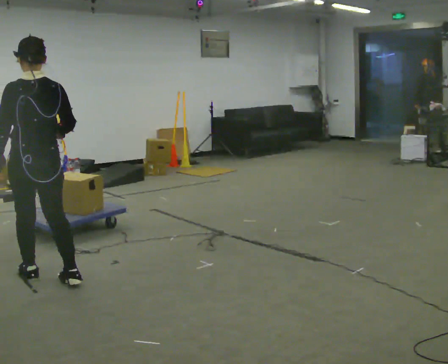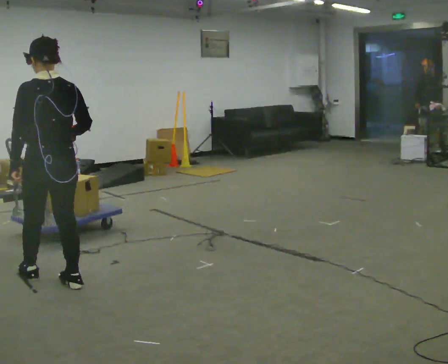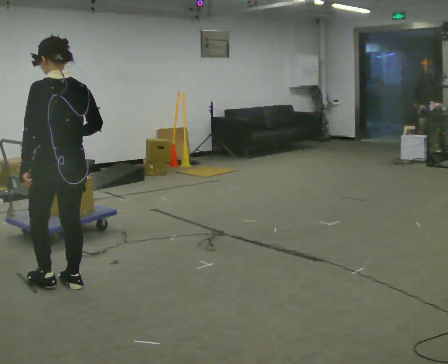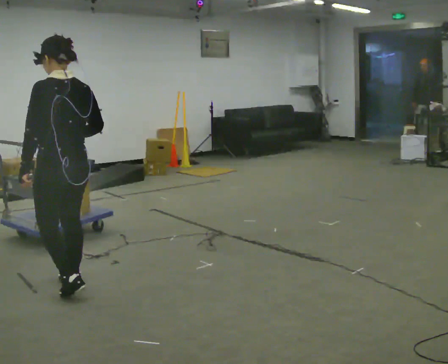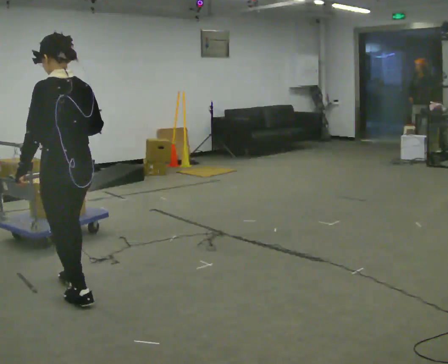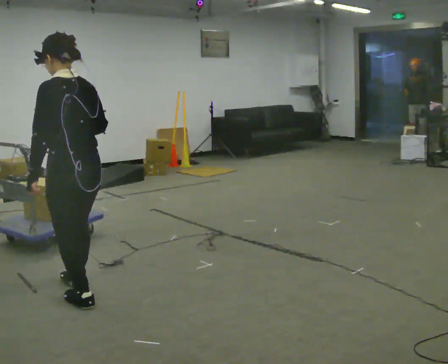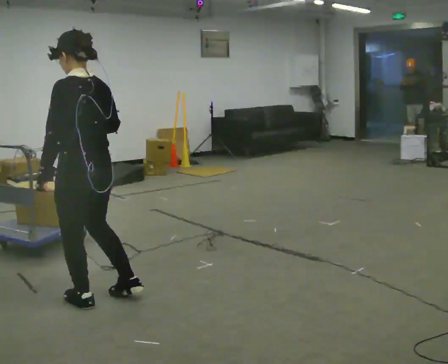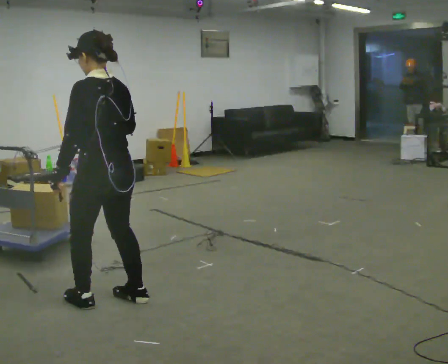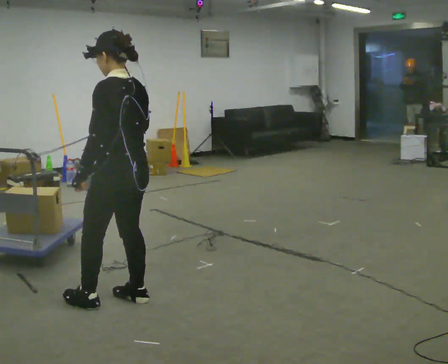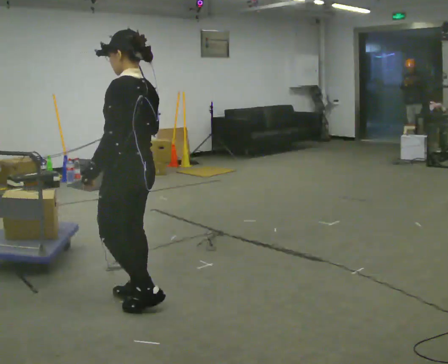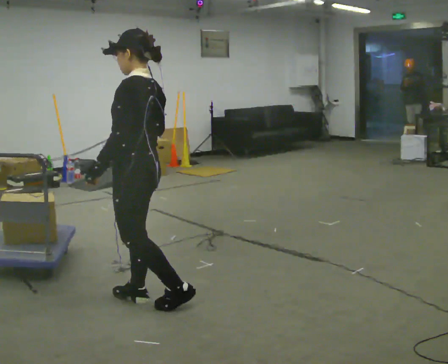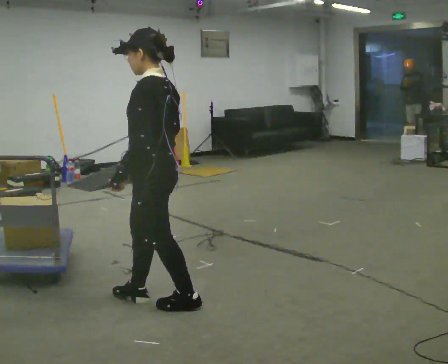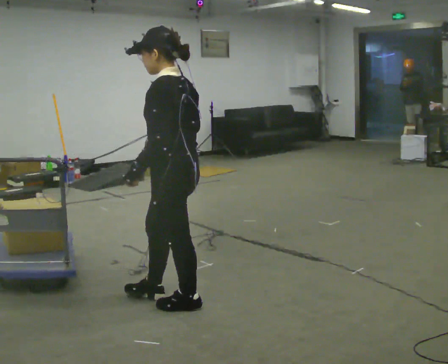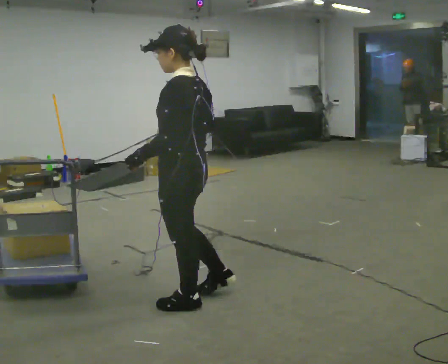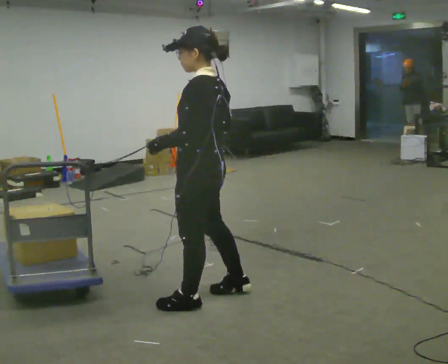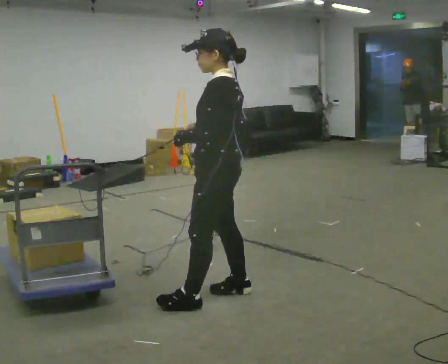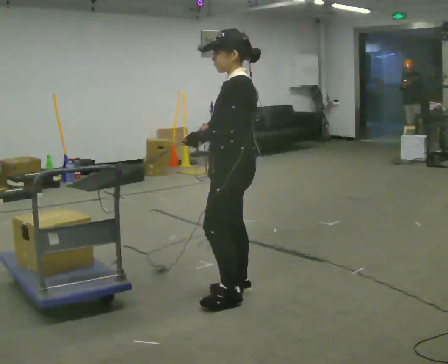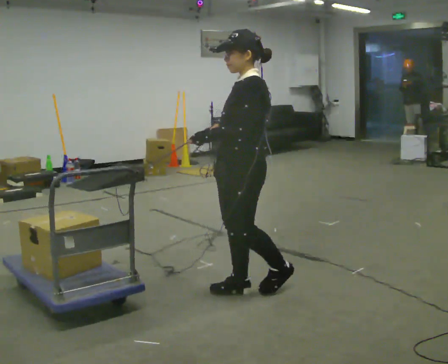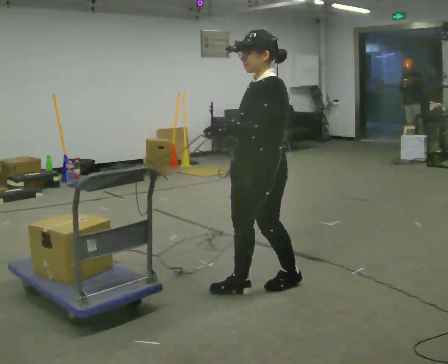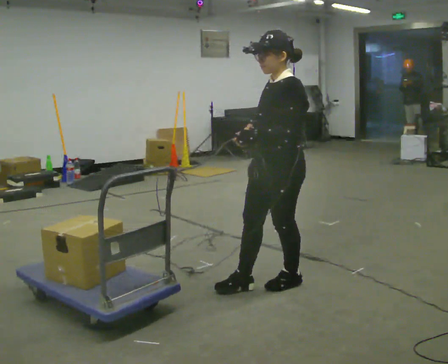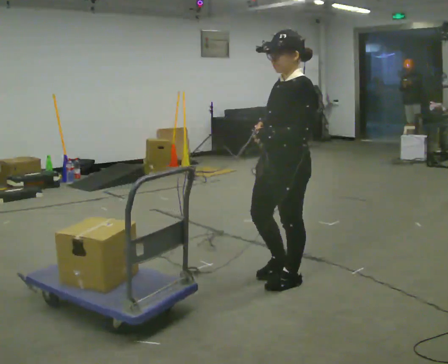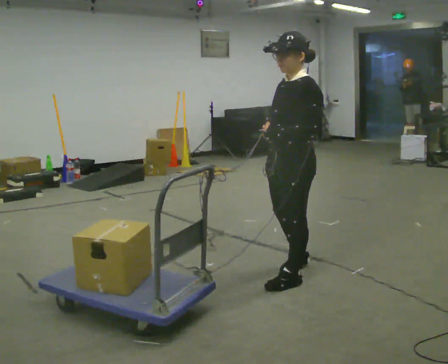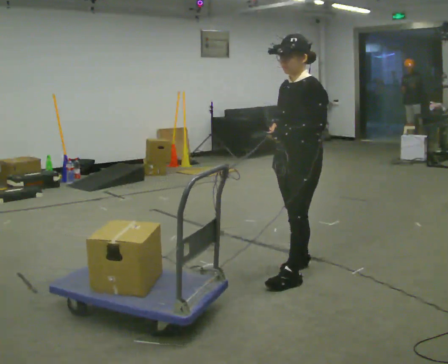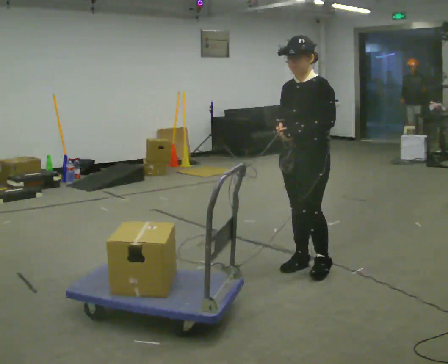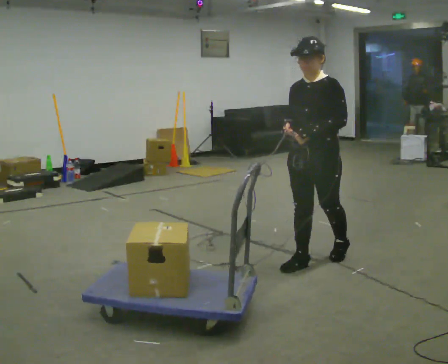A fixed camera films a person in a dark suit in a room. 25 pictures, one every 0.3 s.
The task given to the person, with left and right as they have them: Hold the rope in both hands and drag the sled towards you as you walk backward. The operator will confirm the space behind you is clear.
0.0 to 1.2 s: The part of the body nearest the lens slides to the right as the person turns to their left by about 30 degrees. In the picture they go to the right and toward the camera, about 0.25 m in 1 step, which for them is backward.
1.2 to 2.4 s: In the picture they go to the right, about 0.25 m in 1 step, which for them is backward and to their right.
2.4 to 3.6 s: In the picture they go to the right, about 0.25 m in 1 step, which for them is backward.
3.6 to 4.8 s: In the picture they go to the right and away from the camera, about 0.5 m in 1 step, which for them is to their right and backward.
4.8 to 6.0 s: In the picture they go to the right, about 0.25 m in 1 step, which for them is backward.
6.0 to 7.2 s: The part of the body nearest the lens slides to the right as the person turns to their left by about 30 degrees. In the picture they go away from the camera and to the right, about 0.5 m in 1 step, which for them is backward and to their right.
The film runs forward here.
